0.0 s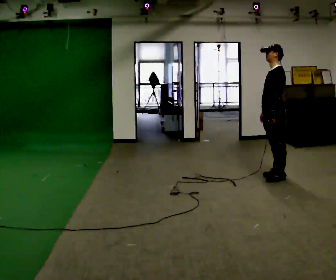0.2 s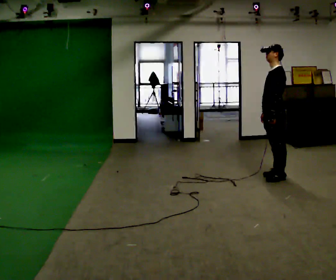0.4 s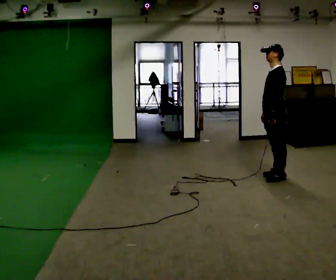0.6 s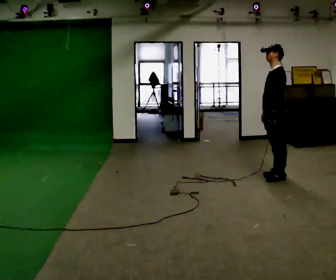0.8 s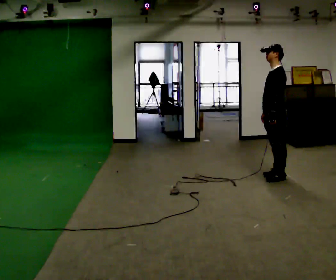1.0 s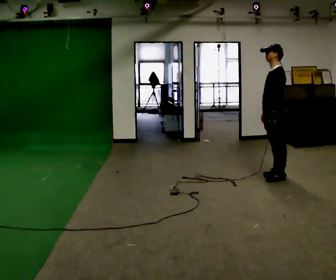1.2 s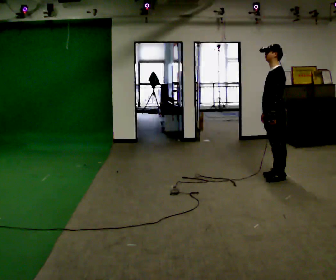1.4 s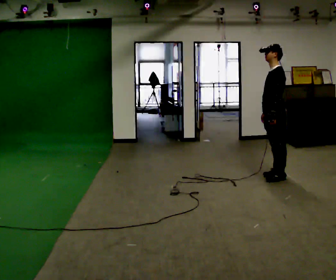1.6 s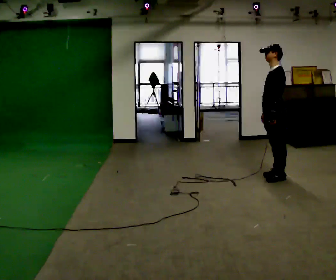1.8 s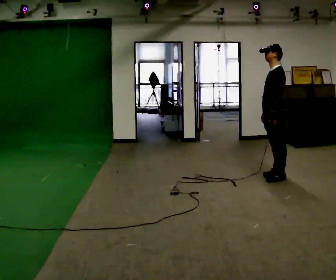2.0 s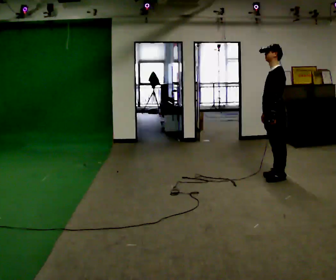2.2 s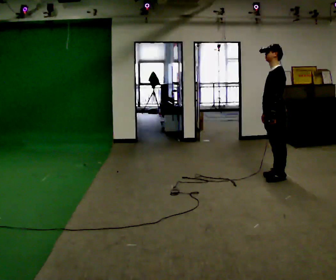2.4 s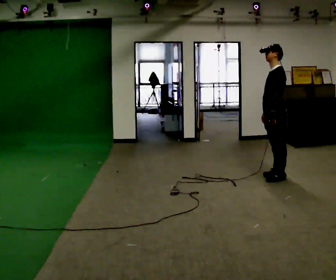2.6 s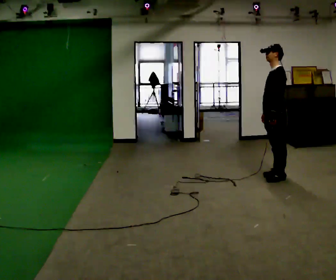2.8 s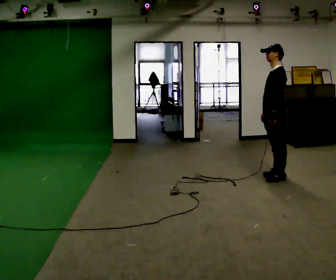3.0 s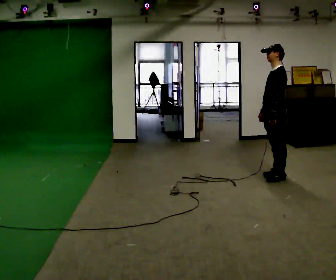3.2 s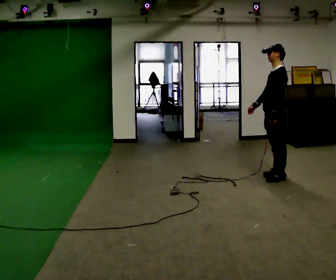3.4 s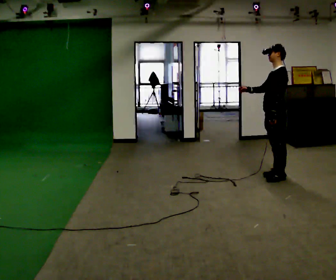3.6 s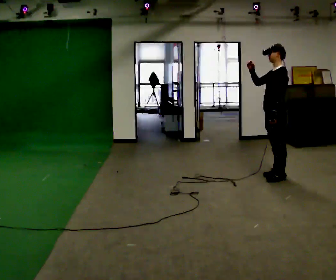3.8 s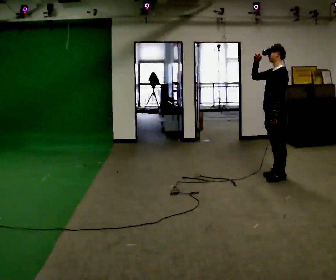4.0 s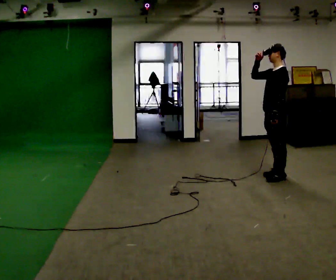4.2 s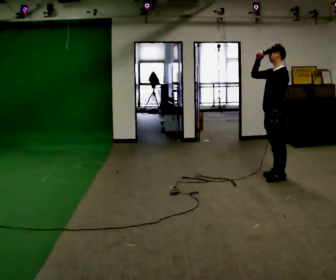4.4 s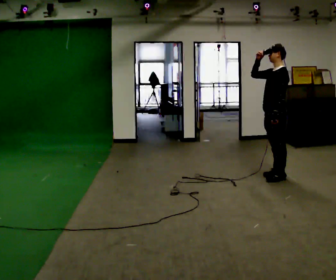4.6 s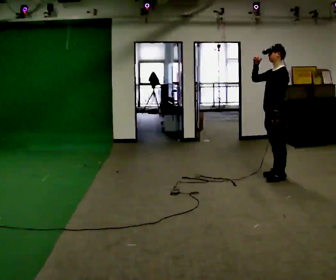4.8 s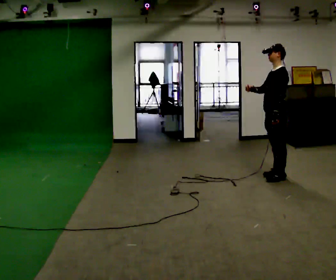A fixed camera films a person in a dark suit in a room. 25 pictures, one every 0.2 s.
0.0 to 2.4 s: The person keeps their place and pose.
2.4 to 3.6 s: In the picture their right hand goes upward, the arm swinging clockwise.
3.6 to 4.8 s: In the picture their right hand goes downward.
The film runs forward here.
